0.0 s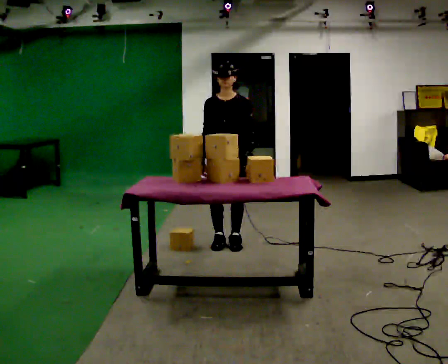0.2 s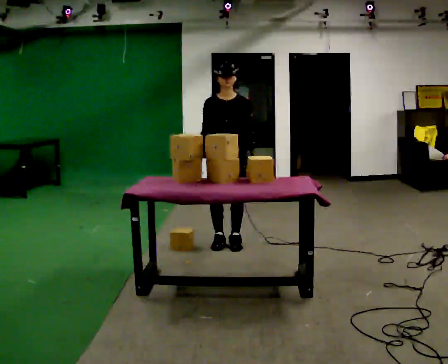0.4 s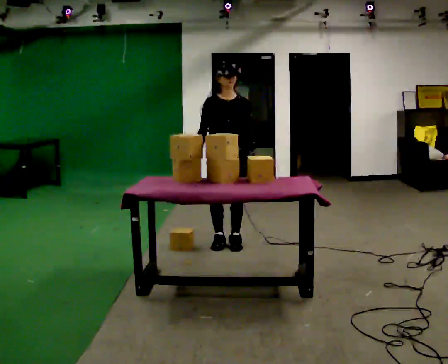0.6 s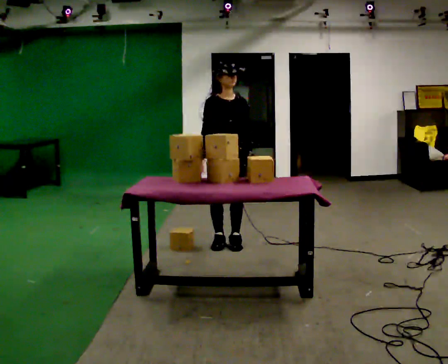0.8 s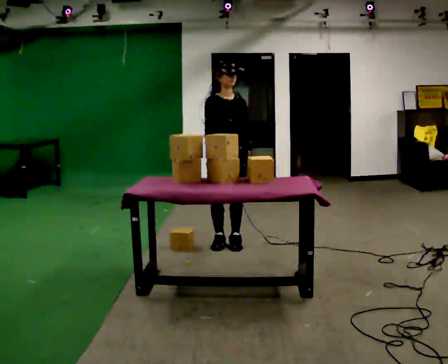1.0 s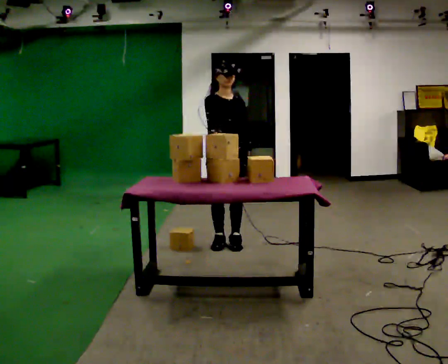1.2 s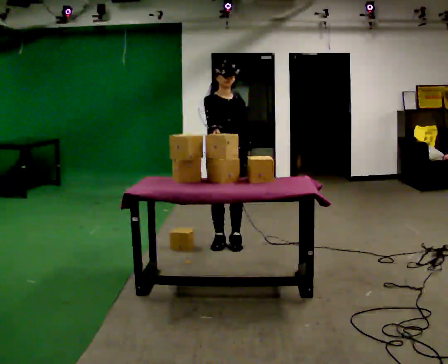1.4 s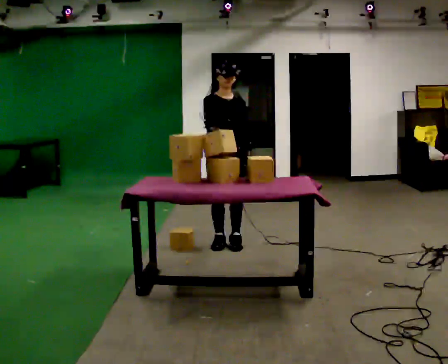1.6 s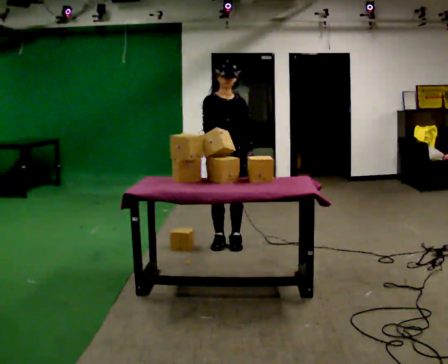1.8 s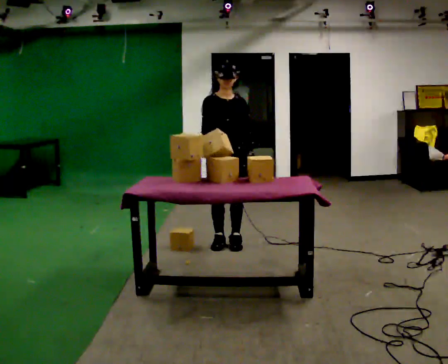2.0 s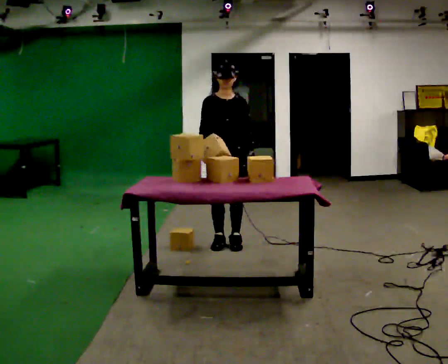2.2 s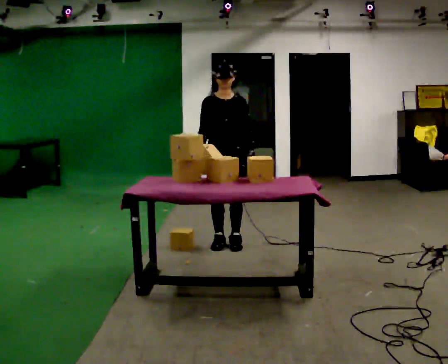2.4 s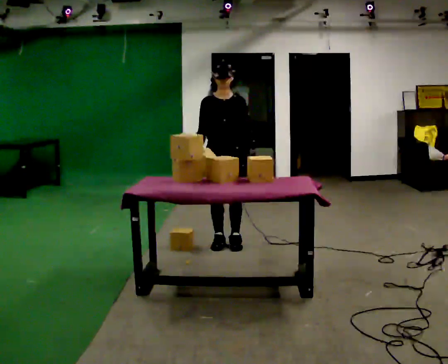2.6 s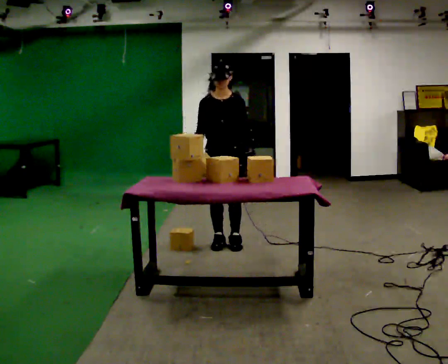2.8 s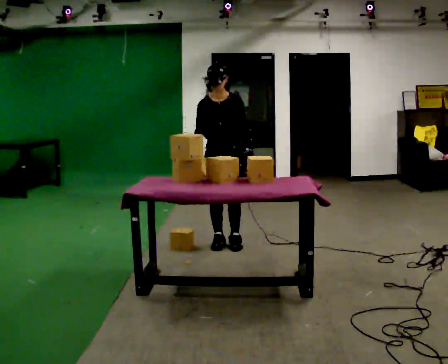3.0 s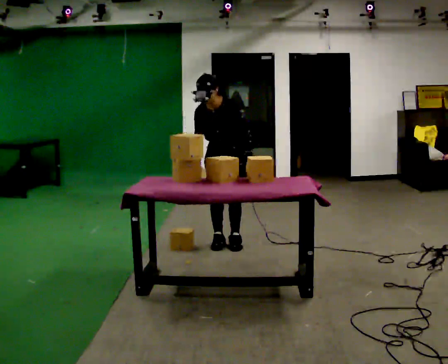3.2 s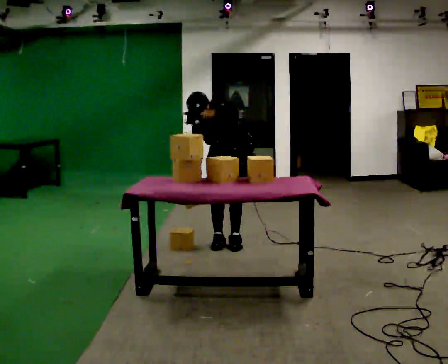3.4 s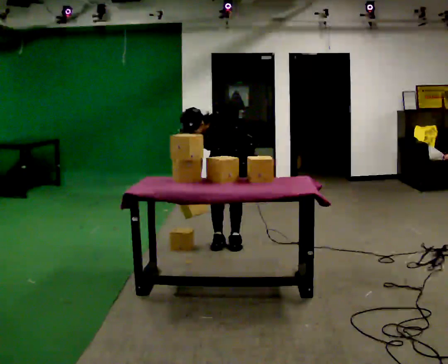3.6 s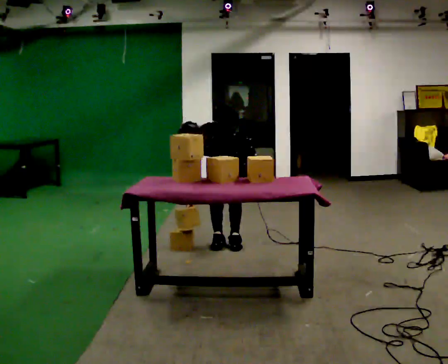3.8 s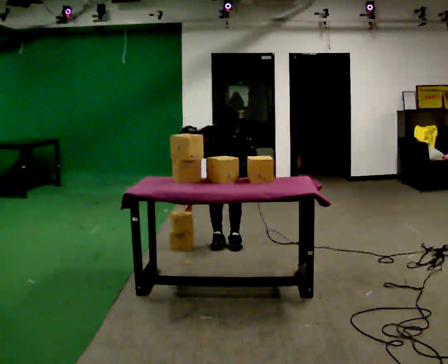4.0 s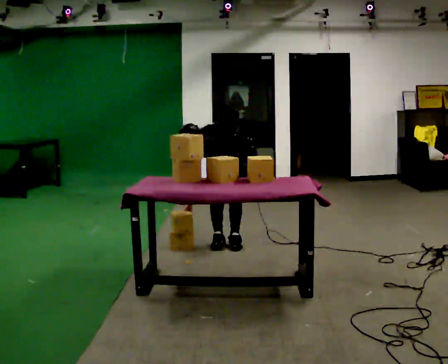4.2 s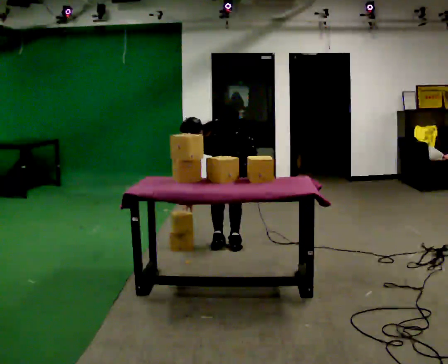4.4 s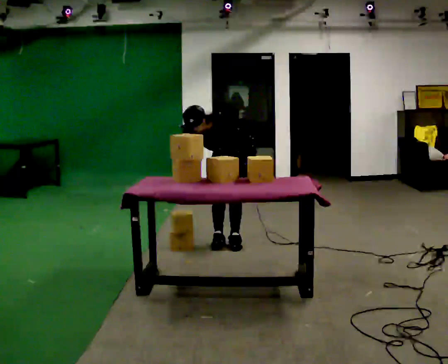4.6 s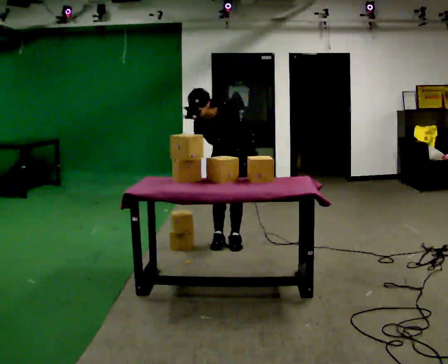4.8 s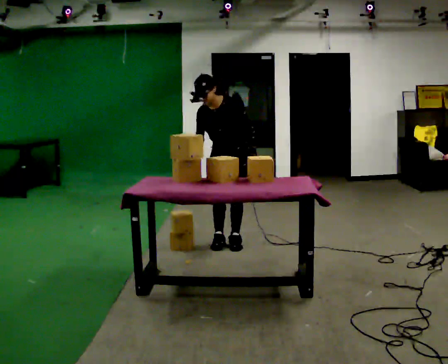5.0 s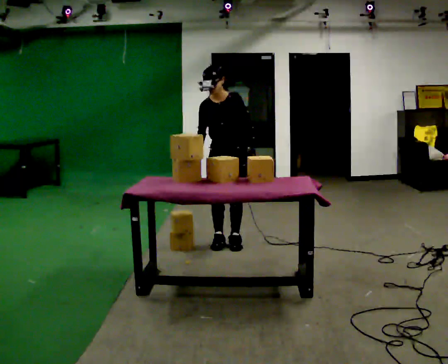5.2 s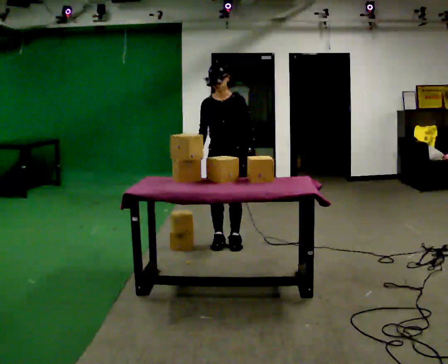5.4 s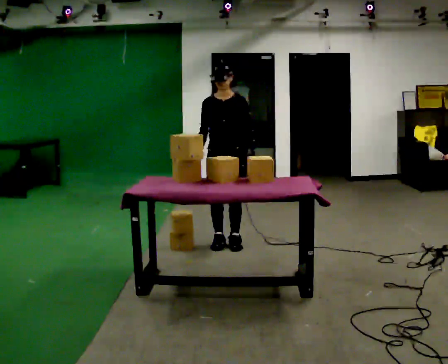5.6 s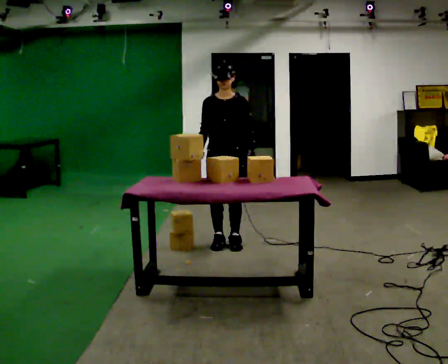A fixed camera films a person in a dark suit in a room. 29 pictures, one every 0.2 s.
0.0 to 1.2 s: Seen from above the body turns counterclockwise, about 30 degrees: to their left, with its near side sliding to the right.
1.2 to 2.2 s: The person moves a little, or ends about where they began.
2.2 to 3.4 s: The person turns about 30 degrees to their right, clockwise seen from above, so the part of the body nearest the lens slides to the left. In the picture they go away from the camera, about 0.25 m, which for them is backward. The upper body goes downward. The upper body tips toward the camera, its near side rolling downward, as they bend forward. In the picture their right hand goes downward.
3.4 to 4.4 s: The person moves a little, or ends about where they began.
4.4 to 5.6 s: In the picture they go toward the camera, about 0.25 m, which for them is forward. The shoulders move upward. The upper body tips away from the camera, its near side rolling upward, as they lean back or straighten.
The film runs backward here.
